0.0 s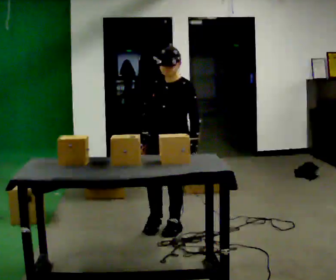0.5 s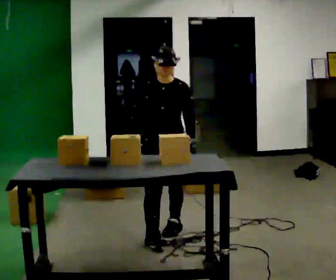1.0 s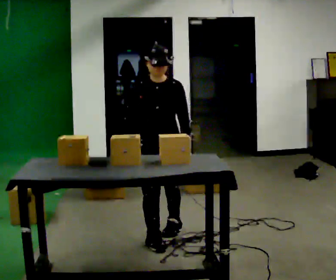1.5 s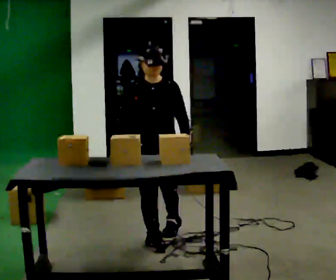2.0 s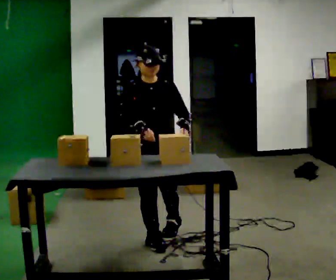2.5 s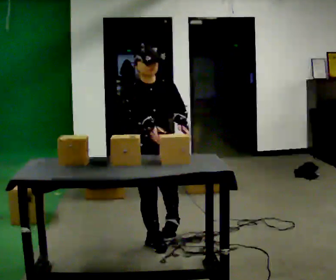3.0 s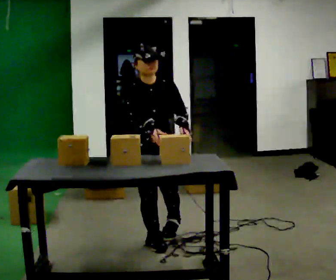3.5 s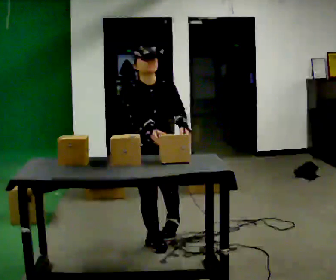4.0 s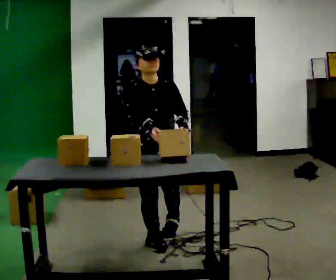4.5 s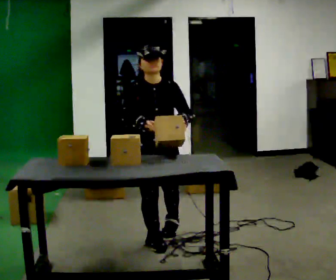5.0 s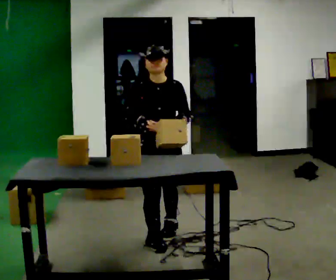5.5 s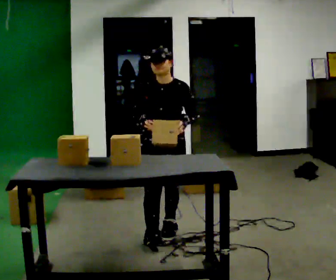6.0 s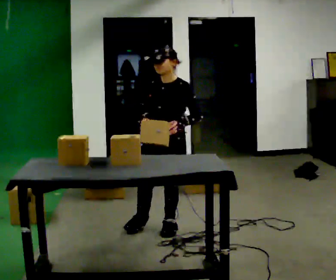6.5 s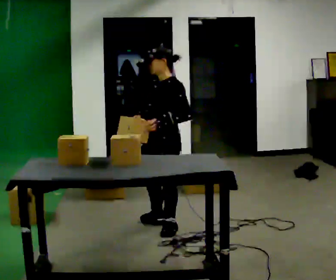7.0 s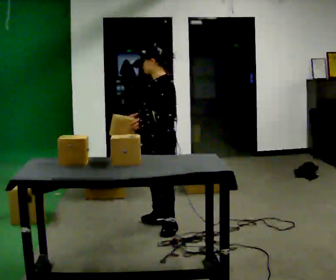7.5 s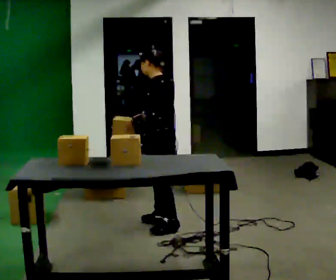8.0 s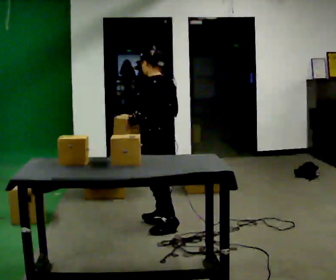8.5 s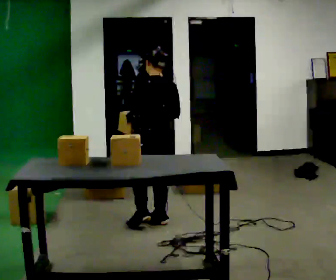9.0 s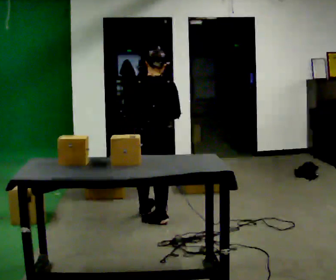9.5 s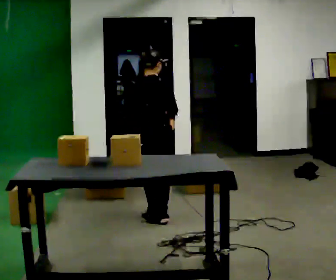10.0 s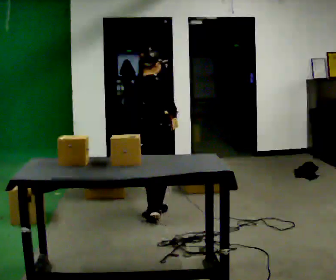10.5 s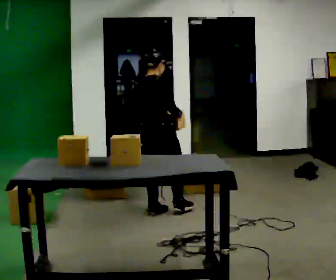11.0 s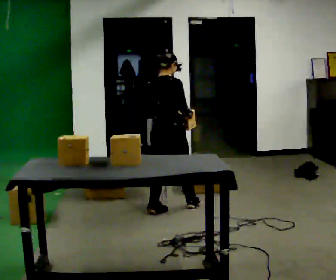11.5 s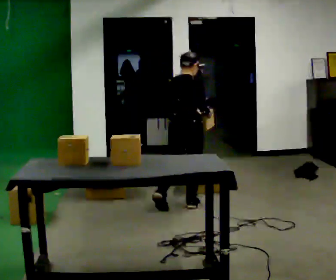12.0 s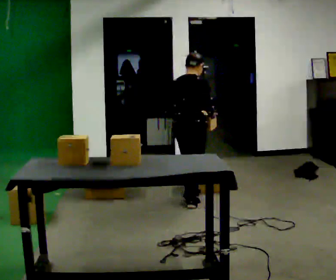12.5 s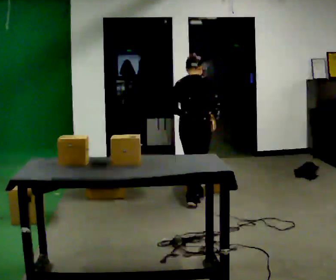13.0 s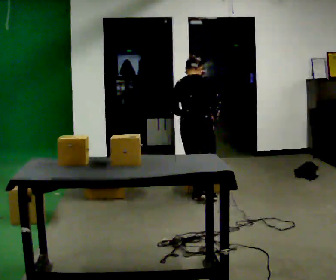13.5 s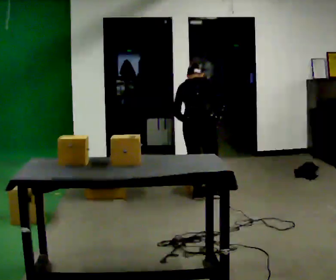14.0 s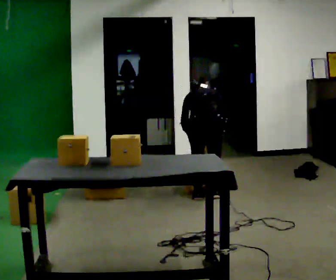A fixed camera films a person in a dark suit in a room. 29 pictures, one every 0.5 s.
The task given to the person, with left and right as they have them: Take each object from the table and put it in the bin that matches it, walking between the bins. Keep going until the operator says stop; one object at a time, and do not rush between trips.
0.0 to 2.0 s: Seen from above the body turns counterclockwise, about 30 degrees: to their left, with its near side sliding to the right. In the picture they go toward the camera, about 0.25 m in 1 step, which for them is forward and to their right.
2.0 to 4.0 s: The person moves a little, or ends about where they began.
4.0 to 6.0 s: The part of the body nearest the lens slides to the left as the person turns to their right by about 45 degrees. In the picture they go away from the camera, about 0.25 m, which for them is backward and to their left.
6.0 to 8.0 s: The part of the body nearest the lens slides to the left as the person turns to their right by about 105 degrees. In the picture they go away from the camera, about 0.25 m in 1 step.
8.0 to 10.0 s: The part of the body nearest the lens slides to the left as the person turns to their right by about 90 degrees. In the picture they go away from the camera, about 0.25 m in 1 step.
10.0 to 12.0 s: In the picture they go to the right and away from the camera, about 0.5 m in 1 step, which for them is forward and to their right.
12.0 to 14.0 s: The person turns about 30 degrees to their left, counterclockwise seen from above, so the part of the body nearest the lens slides to the right. In the picture they go away from the camera, about 0.25 m in 2 steps, which for them is forward. The upper body tips away from the camera, its near side rolling upward, as they bend forward.
The film runs forward here.
